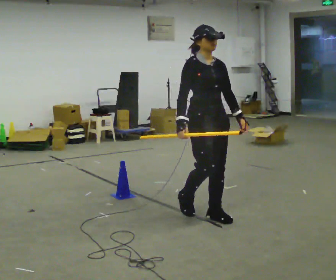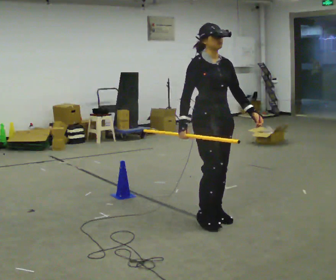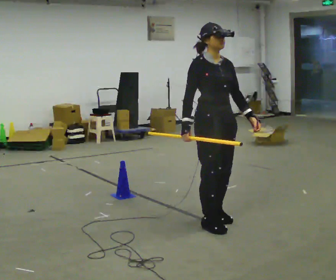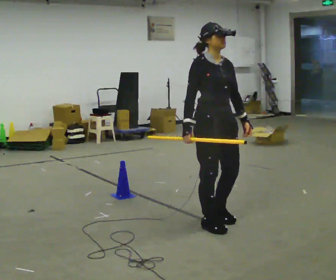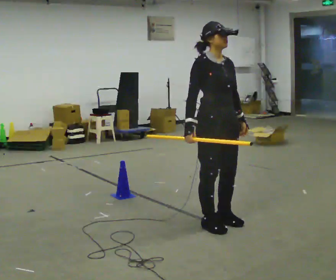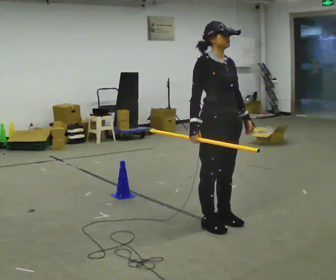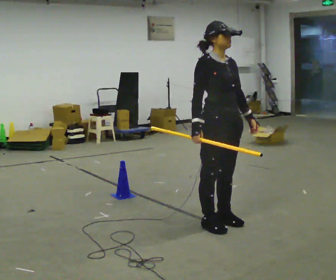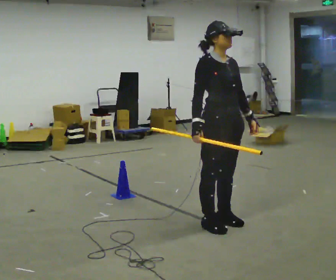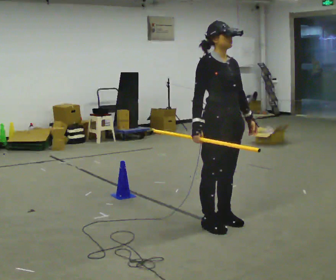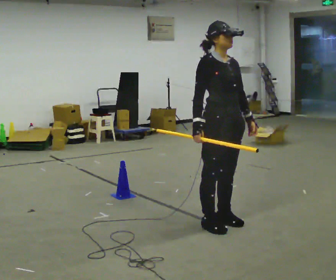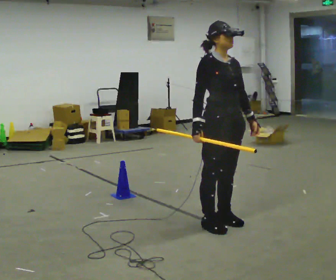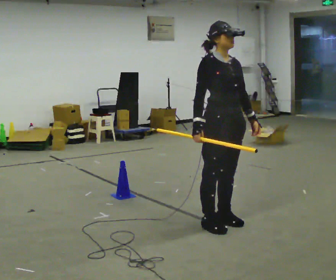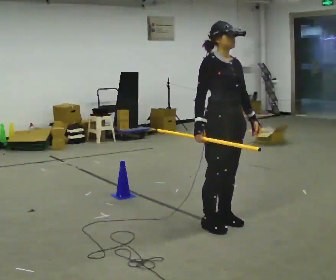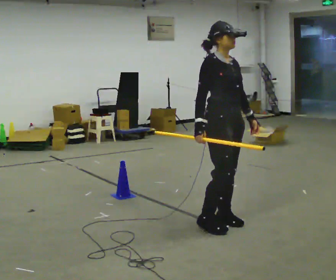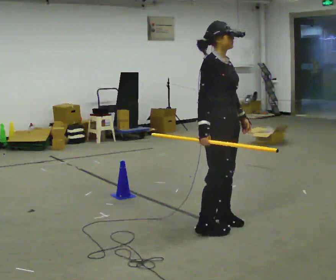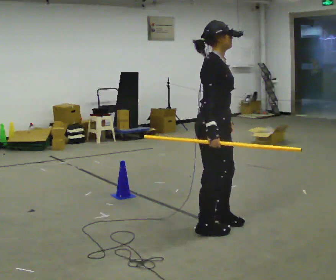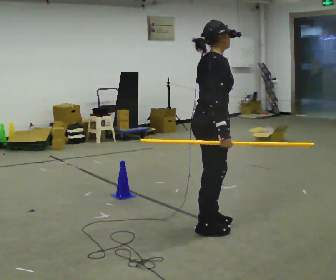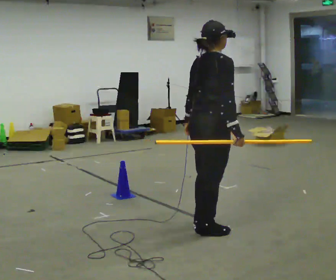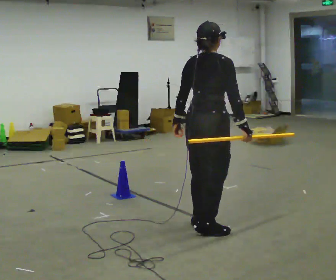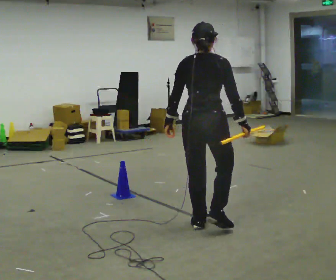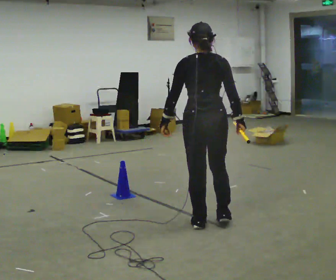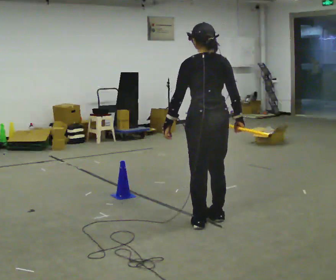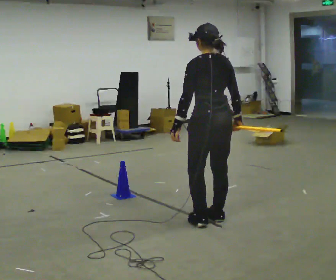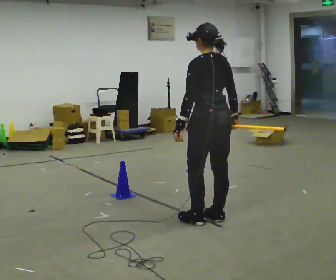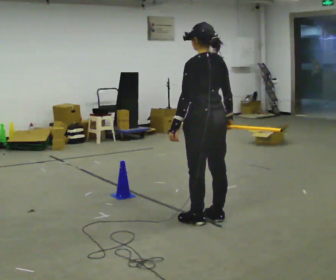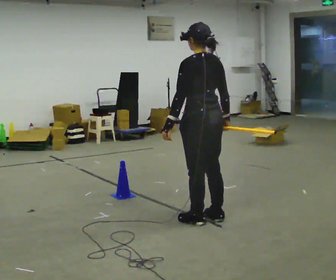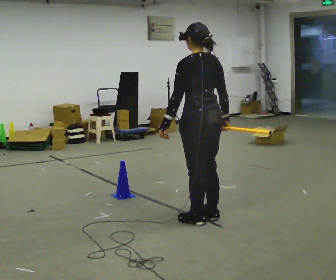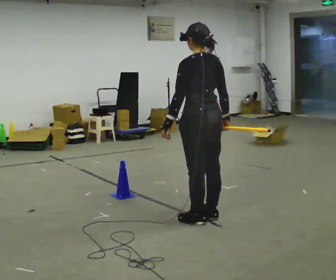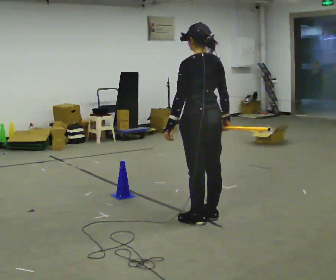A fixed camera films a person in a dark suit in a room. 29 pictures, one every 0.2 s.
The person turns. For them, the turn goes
to their left.
The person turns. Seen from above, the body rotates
counterclockwise.
0.0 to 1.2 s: In the picture they go toward the camera, about 0.25 m in 1 step, which for them is forward.
1.2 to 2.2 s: The person moves a little, or ends about where they began.
2.2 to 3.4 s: The part of the body nearest the lens slides to the right as the person turns to their left by about 90 degrees. In the picture they go toward the camera, about 0.25 m in 2 steps. In the picture their left hand goes to the left, the arm swinging clockwise.
3.4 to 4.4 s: The part of the body nearest the lens slides to the right as the person turns to their left by about 90 degrees. In the picture they go away from the camera, about 0.25 m in 1 step.
4.4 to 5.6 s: The person moves a little, or ends about where they began.
The film runs forward here.
